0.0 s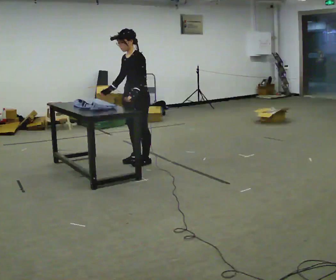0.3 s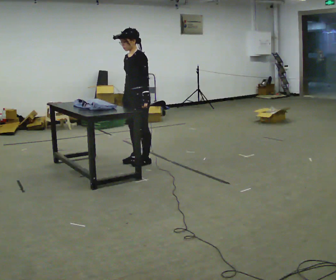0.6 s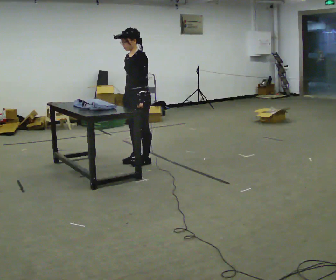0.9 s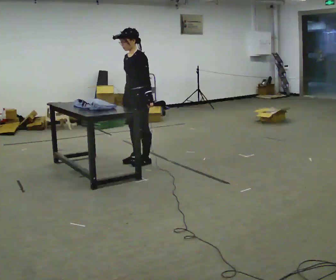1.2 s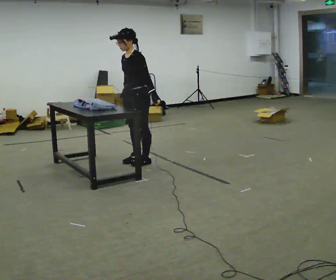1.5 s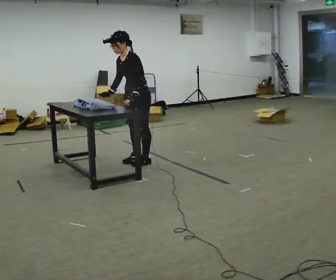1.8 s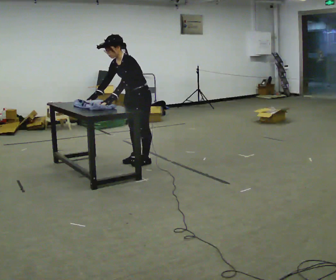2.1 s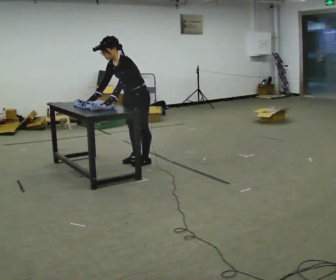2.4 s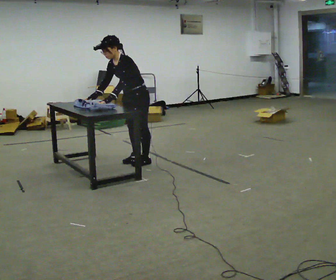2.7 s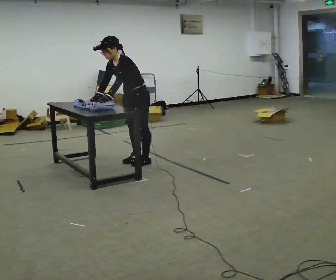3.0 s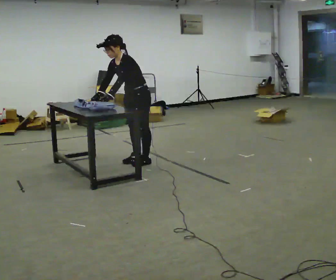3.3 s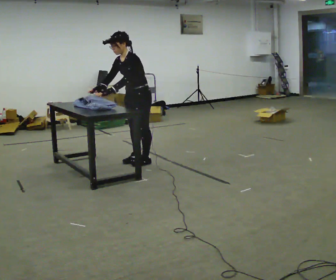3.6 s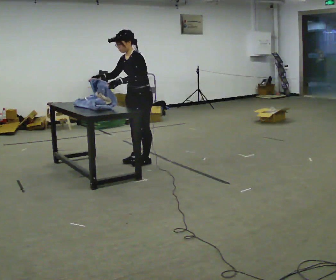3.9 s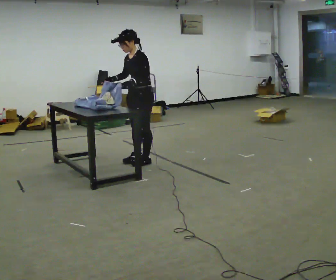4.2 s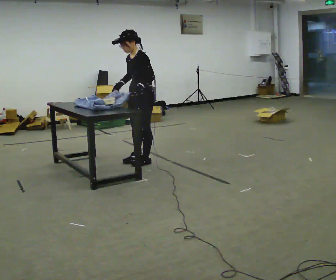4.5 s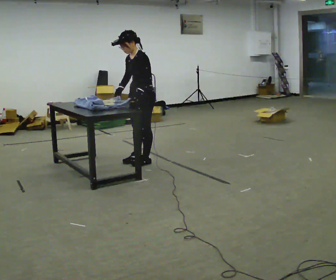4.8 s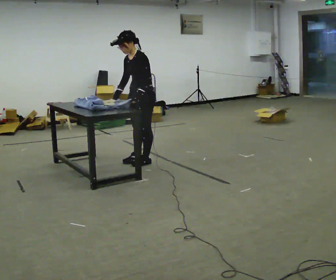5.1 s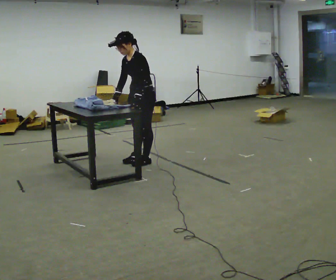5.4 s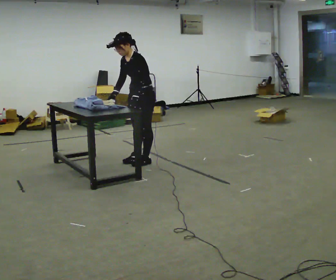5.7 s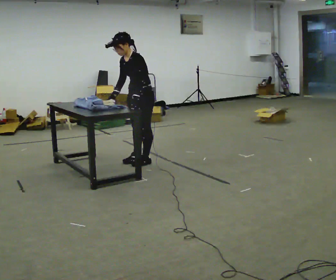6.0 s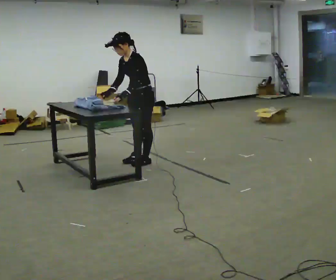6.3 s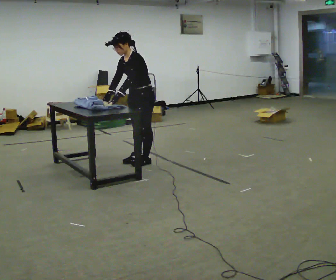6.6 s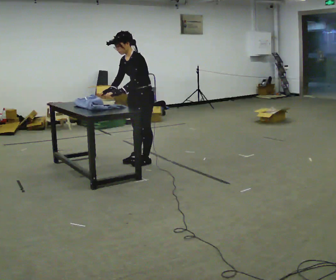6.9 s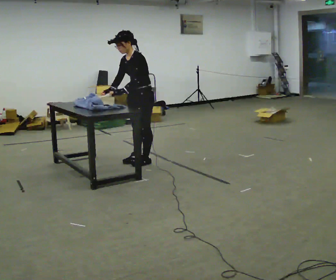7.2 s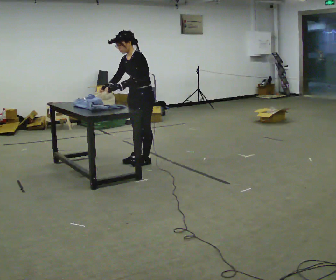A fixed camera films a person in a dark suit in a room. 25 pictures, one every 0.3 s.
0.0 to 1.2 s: The person moves a little, or ends about where they began.
1.2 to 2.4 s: In the picture the upper body tilts counterclockwise, shoulders to the left, as they bend forward. In the picture their right hand goes to the left.
2.4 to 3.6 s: In the picture the upper body tilts clockwise, shoulders to the right, as they lean back or straighten.
3.6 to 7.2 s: The person moves a little, or ends about where they began.
The film runs backward here.
